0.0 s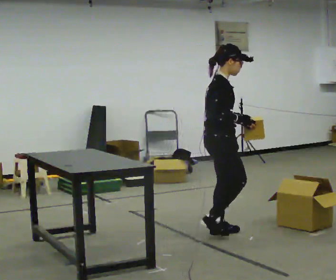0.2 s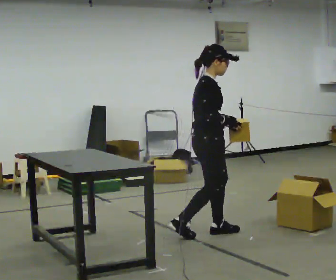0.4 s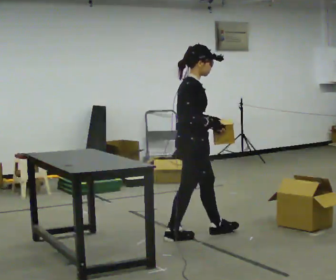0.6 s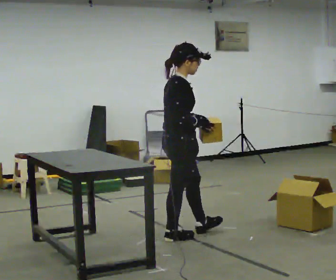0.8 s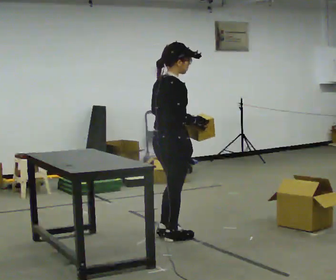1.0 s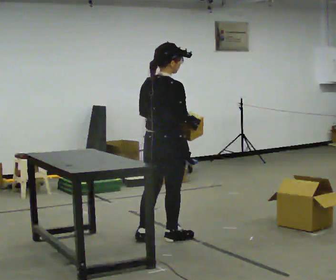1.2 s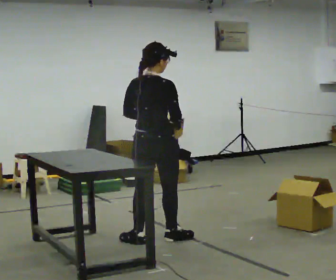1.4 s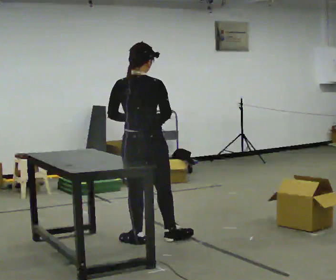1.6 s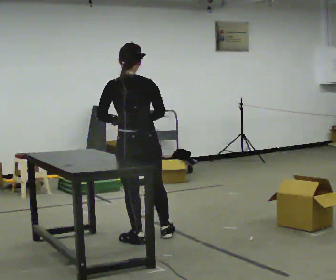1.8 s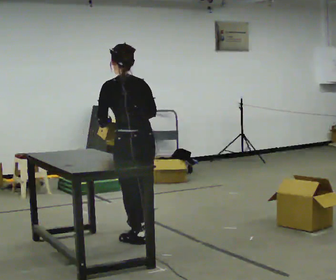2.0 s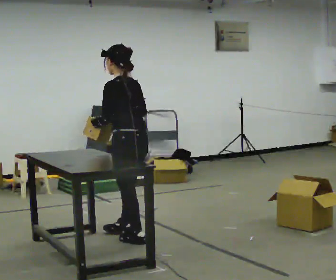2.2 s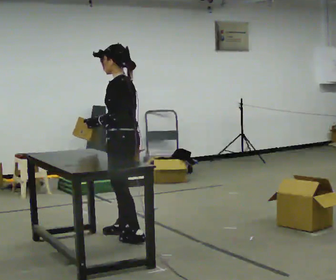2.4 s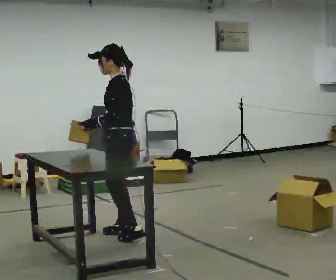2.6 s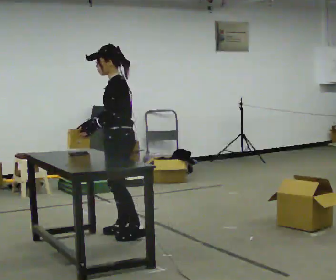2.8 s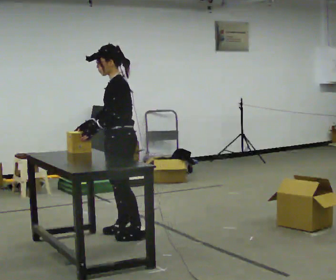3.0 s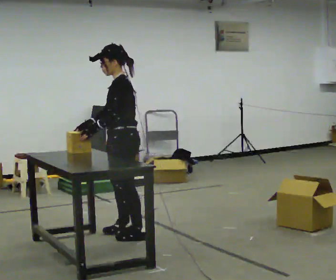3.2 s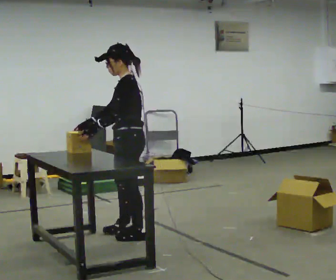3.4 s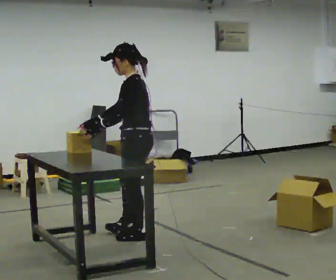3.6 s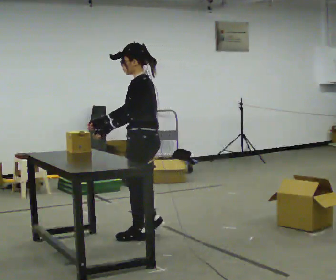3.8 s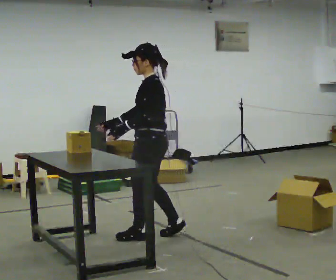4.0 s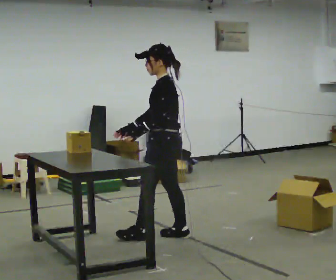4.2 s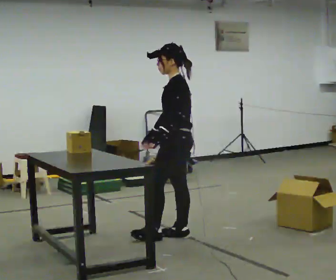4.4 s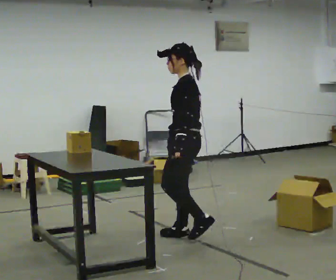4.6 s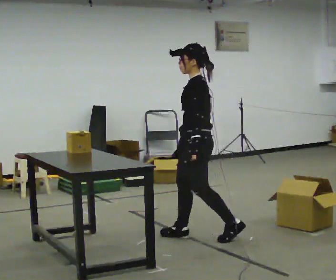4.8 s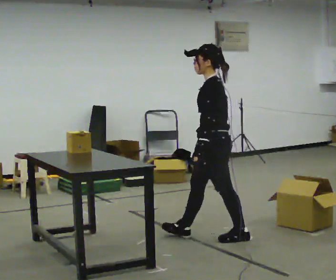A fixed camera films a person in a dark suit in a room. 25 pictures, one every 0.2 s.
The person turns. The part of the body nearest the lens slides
to the right.
The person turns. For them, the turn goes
to their left.
0.0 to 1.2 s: The part of the body nearest the lens slides to the right as the person turns to their left by about 75 degrees. In the picture they go to the left, about 0.5 m in 1 step.
1.2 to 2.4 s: The part of the body nearest the lens slides to the right as the person turns to their left by about 105 degrees. In the picture they go away from the camera and to the left, about 0.25 m in 1 step.
2.4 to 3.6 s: In the picture they go to the right, about 0.25 m in 1 step, which for them is backward and to their left.
3.6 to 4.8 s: In the picture they go to the right, about 0.5 m in 1 step, which for them is backward.
The film runs backward here.
